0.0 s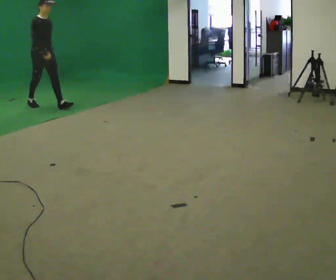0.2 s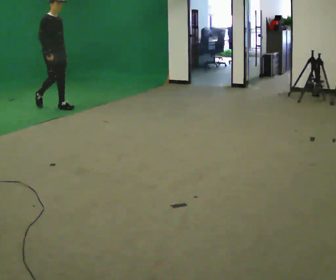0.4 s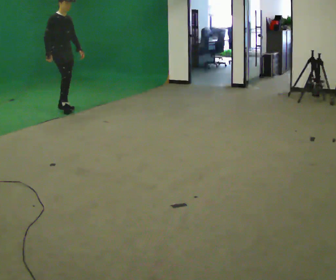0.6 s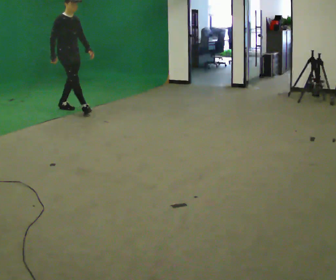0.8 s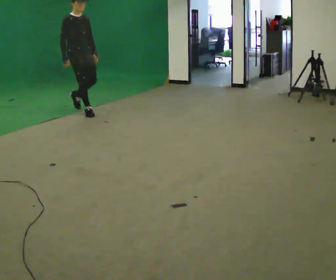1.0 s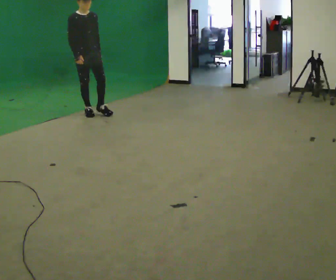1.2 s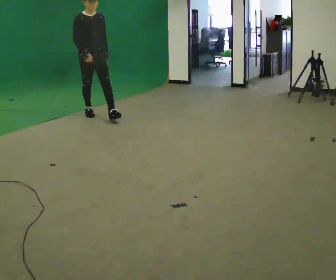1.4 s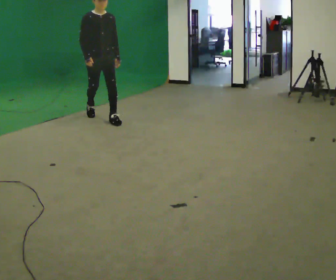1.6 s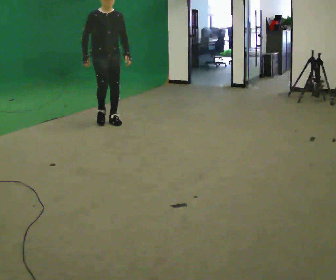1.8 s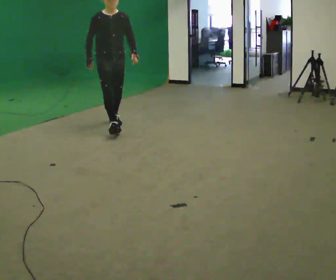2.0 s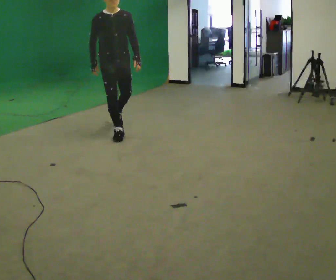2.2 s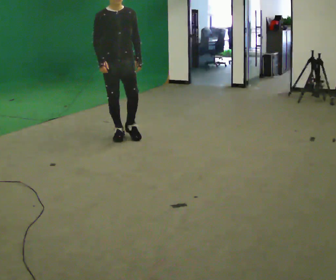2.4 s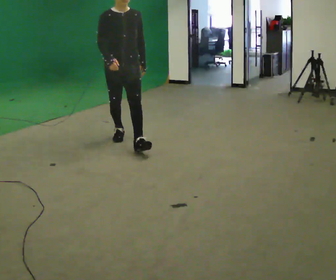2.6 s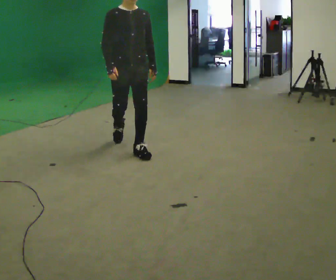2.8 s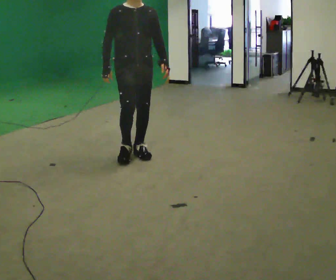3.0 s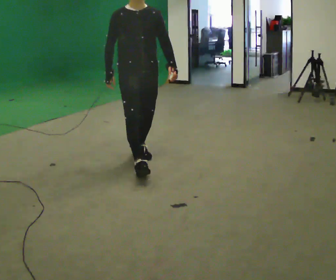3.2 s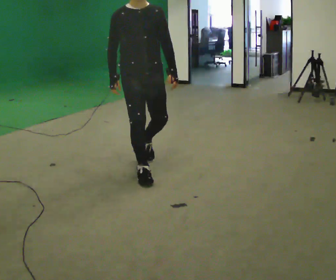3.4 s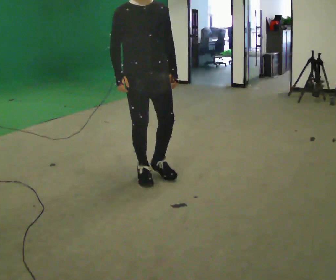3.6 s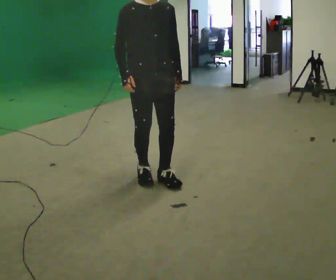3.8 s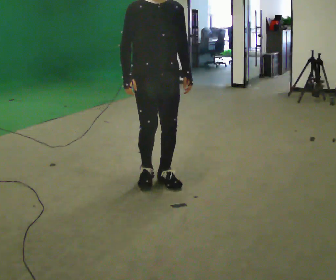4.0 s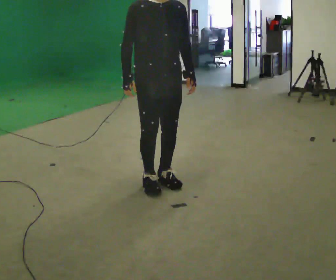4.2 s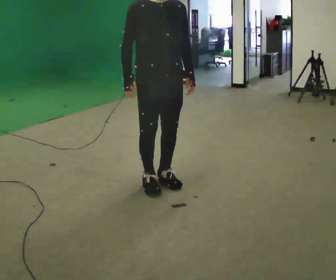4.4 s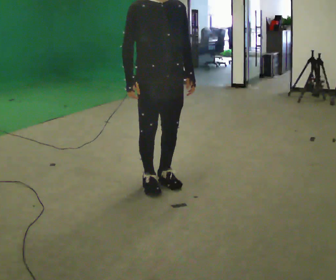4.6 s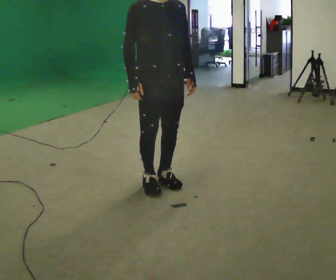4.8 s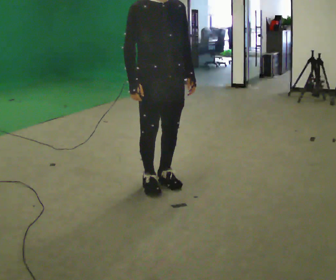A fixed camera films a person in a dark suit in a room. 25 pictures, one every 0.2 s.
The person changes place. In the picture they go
toward the camera.
0.0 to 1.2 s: Seen from above the body turns clockwise, about 30 degrees: to their right, with its near side sliding to the left. In the picture they go to the right and toward the camera, about 1 m in 2 steps, which for them is forward.
1.2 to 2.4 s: In the picture they go toward the camera, about 1.5 m in 2 steps, which for them is forward.
2.4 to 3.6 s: In the picture they go toward the camera, about 1 m in 3 steps, which for them is forward.
3.6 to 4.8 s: In the picture they go toward the camera, about 0.25 m in 1 step, which for them is forward.
The film runs forward here.
